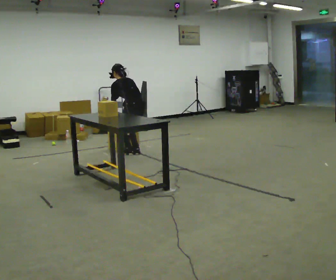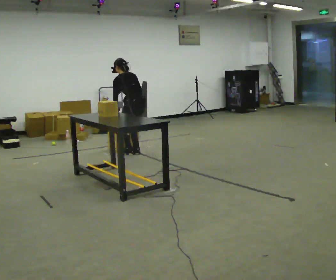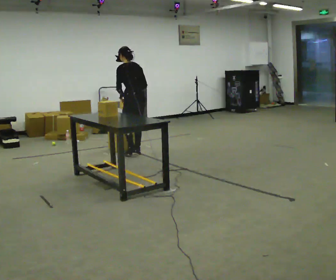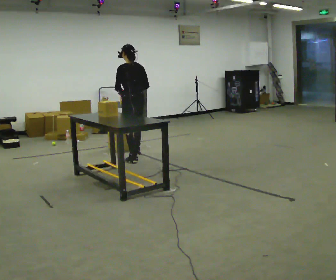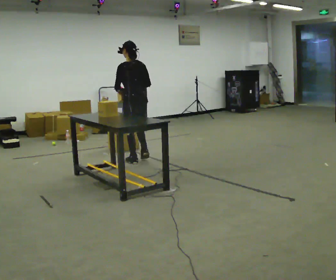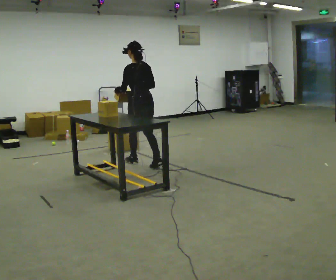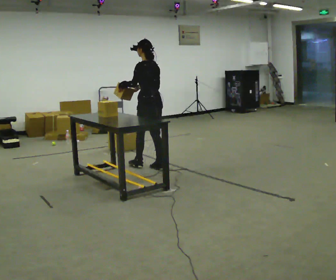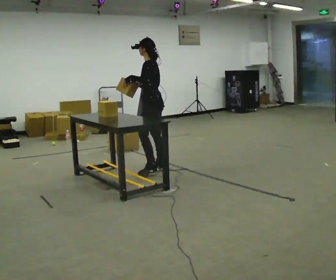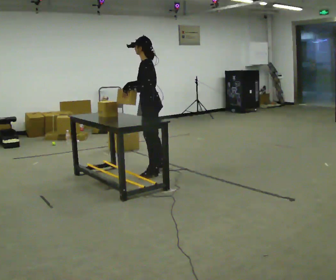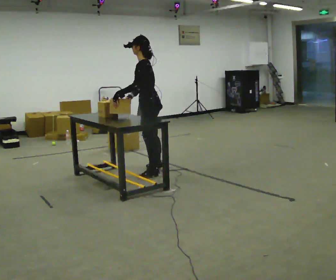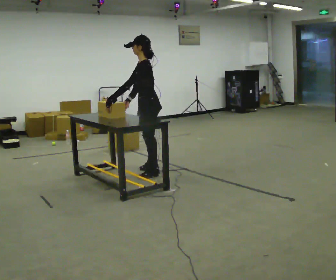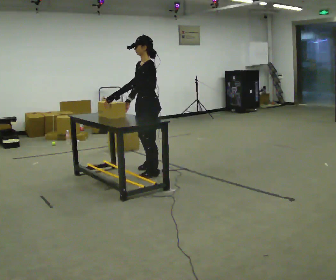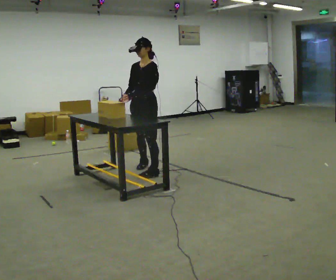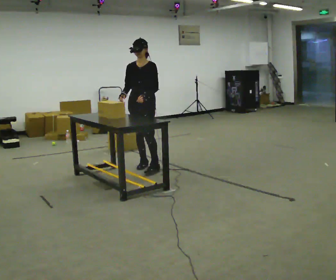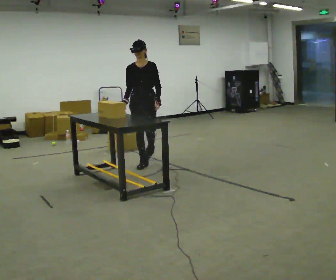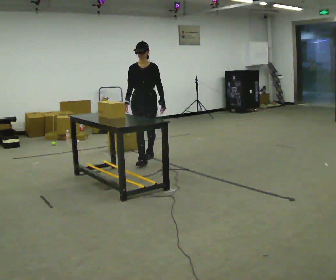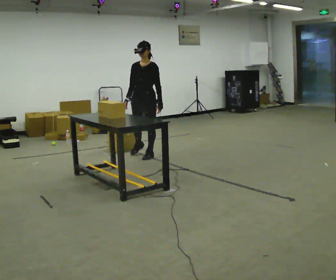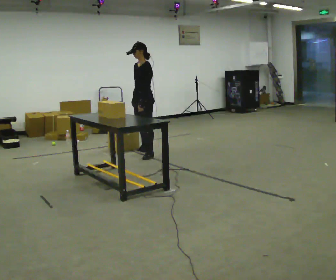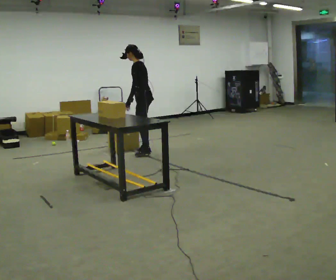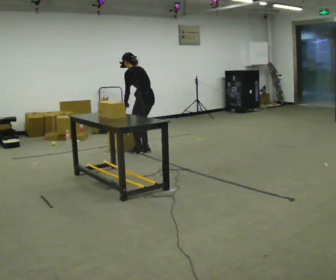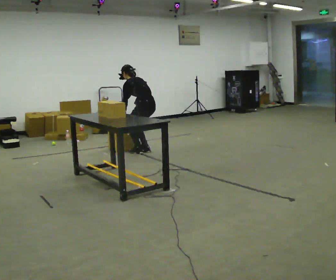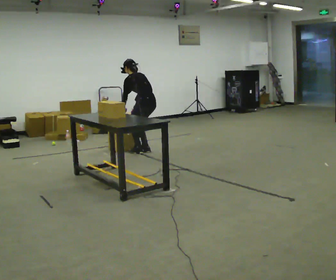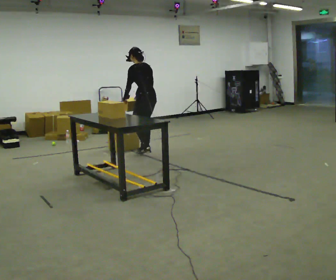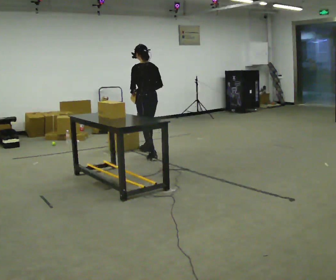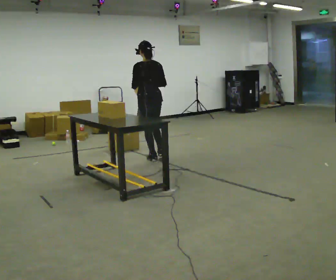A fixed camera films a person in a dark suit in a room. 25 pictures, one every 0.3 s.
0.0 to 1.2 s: In the picture they go toward the camera, about 0.5 m in 2 steps, which for them is backward and to their left. The shoulders move upward. The upper body tips toward the camera, its near side rolling downward, as they lean back or straighten. In the picture their right hand goes upward.
1.2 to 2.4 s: The person turns about 45 degrees to their left, counterclockwise seen from above, so the part of the body nearest the lens slides to the right. In the picture they go toward the camera, about 0.5 m in 1 step, which for them is backward and to their left.
2.4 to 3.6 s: The part of the body nearest the lens slides to the right as the person turns to their left by about 60 degrees.
3.6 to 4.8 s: In the picture they go away from the camera, about 0.5 m in 2 steps, which for them is backward.
4.8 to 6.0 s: The part of the body nearest the lens slides to the left as the person turns to their right by about 105 degrees. In the picture they go away from the camera, about 0.25 m in 1 step. The upper body goes downward. The upper body tips away from the camera, its near side rolling upward, as they bend forward. In the picture their left hand goes to the left.
6.0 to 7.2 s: Seen from above the body turns clockwise, about 30 degrees: to their right, with its near side sliding to the left. In the picture they go toward the camera, about 0.5 m in 2 steps, which for them is backward and to their left. The shoulders move upward. The upper body tips toward the camera, its near side rolling downward, as they lean back or straighten. In the picture their right hand goes upward.
The film runs backward here.
